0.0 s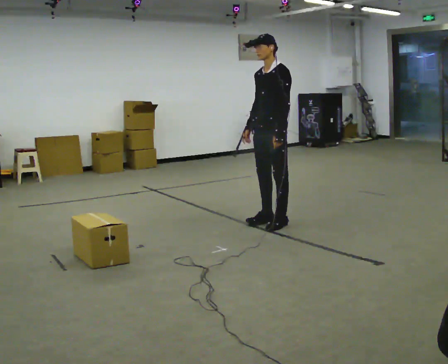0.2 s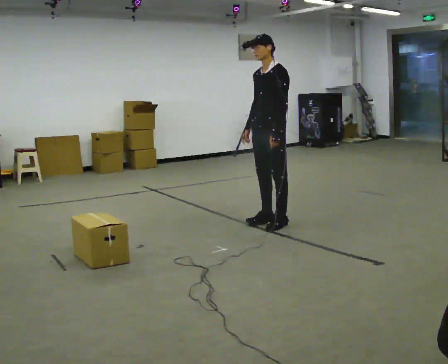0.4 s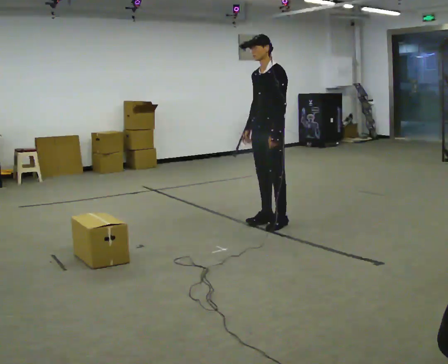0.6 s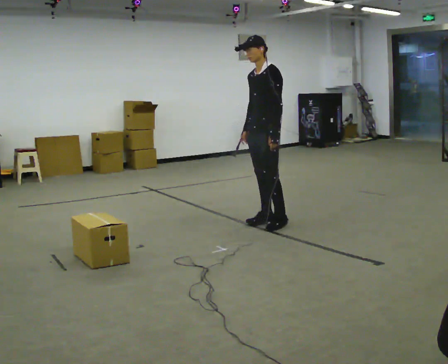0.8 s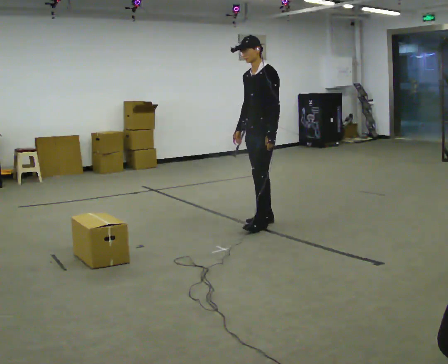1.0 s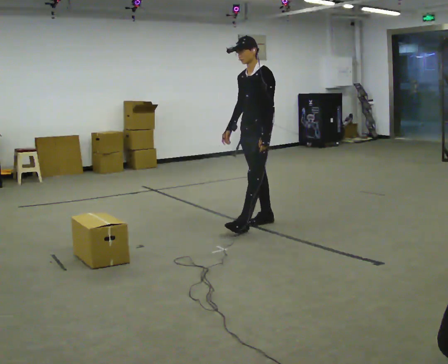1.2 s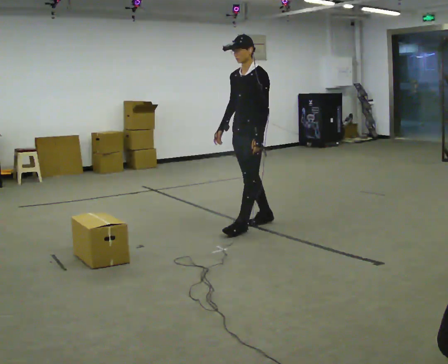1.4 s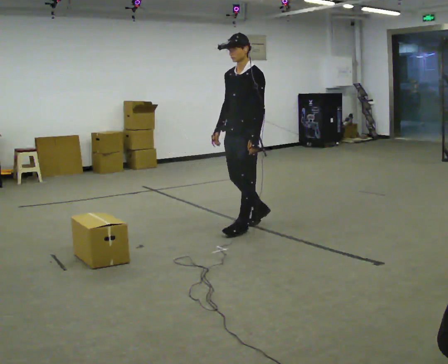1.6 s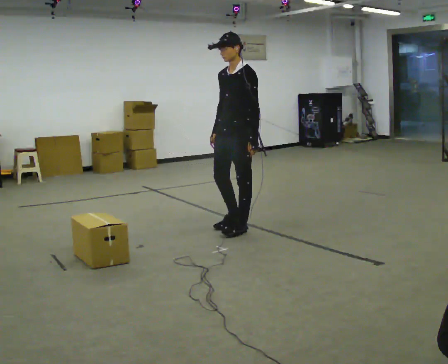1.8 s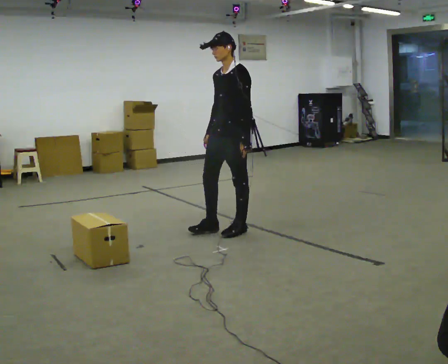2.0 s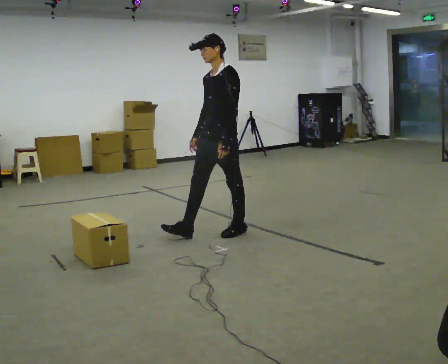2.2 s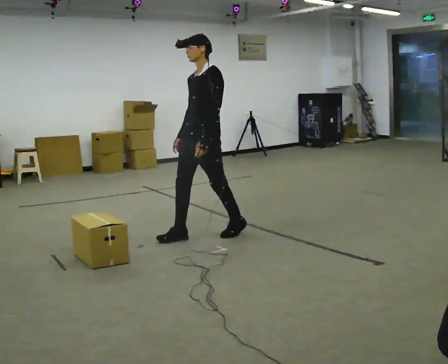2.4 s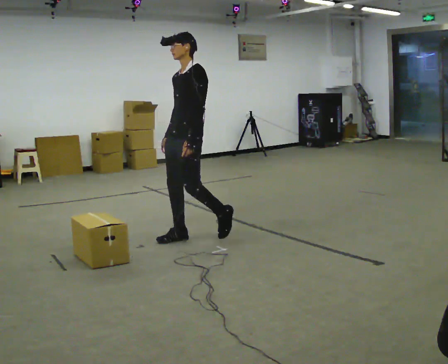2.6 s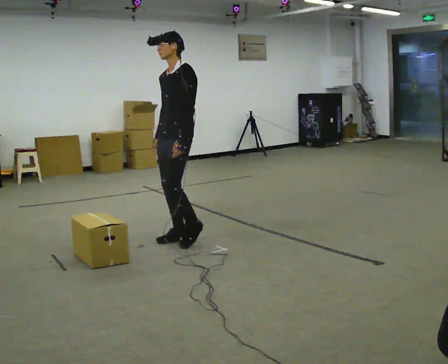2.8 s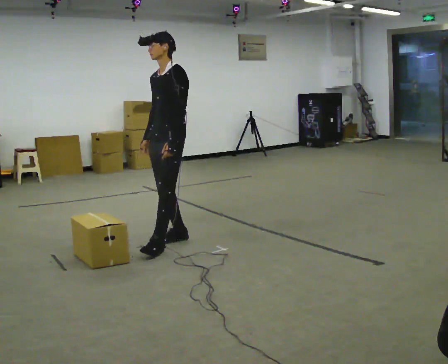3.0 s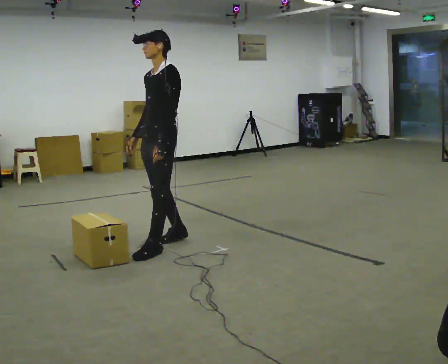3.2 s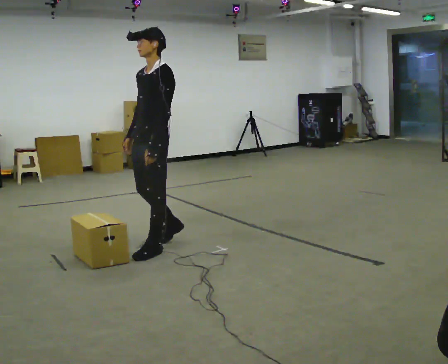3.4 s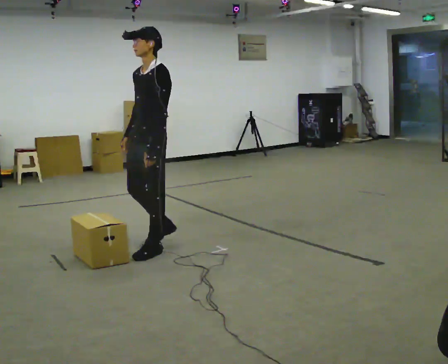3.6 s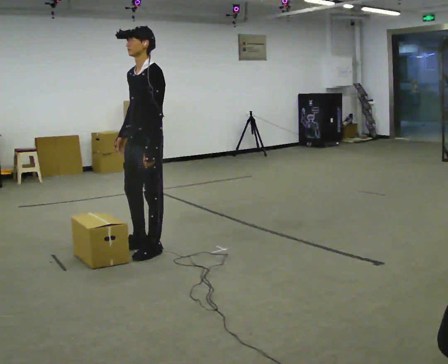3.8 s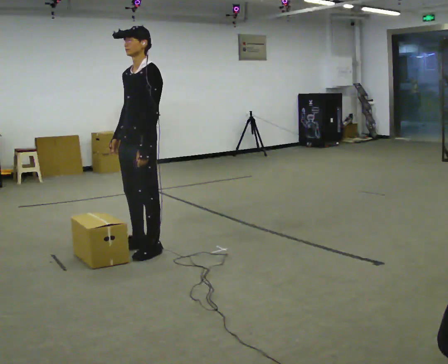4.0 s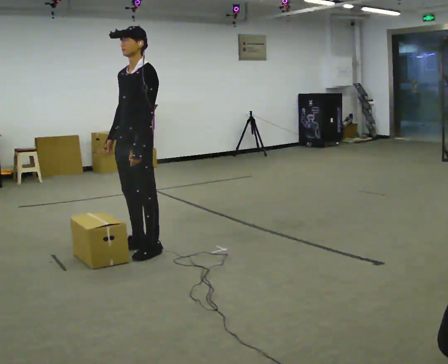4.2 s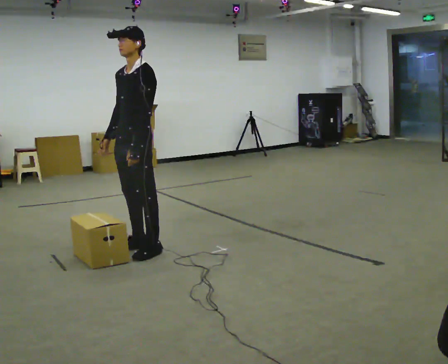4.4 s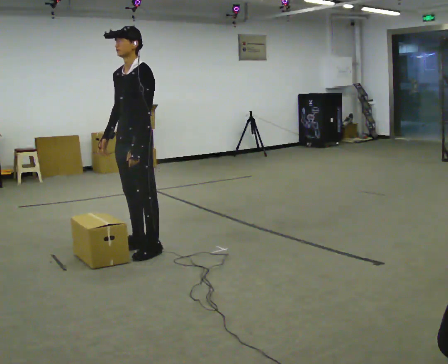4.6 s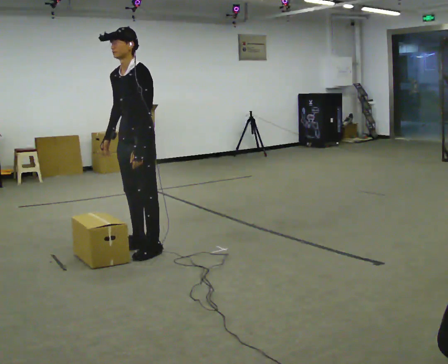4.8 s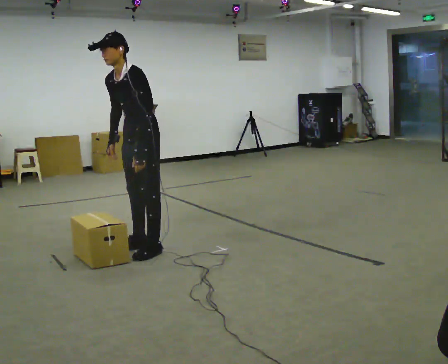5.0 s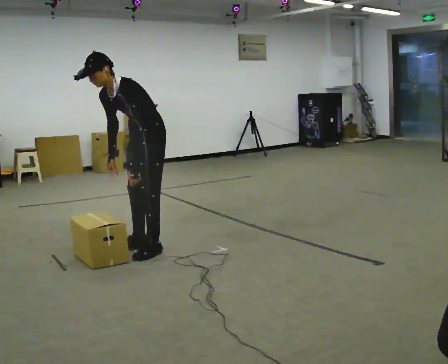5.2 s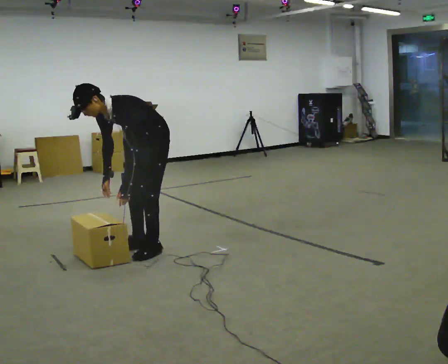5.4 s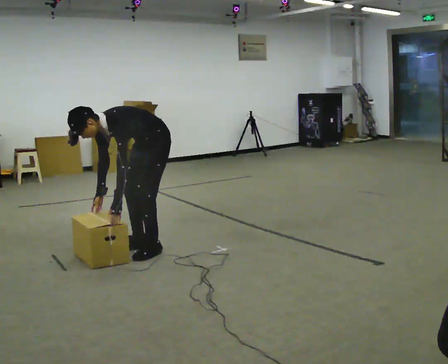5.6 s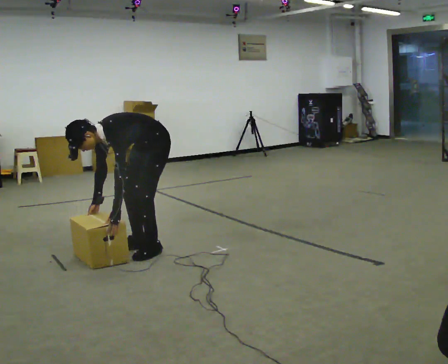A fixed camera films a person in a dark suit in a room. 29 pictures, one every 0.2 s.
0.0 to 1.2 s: In the picture they go to the left, about 0.25 m in 1 step, which for them is forward.
1.2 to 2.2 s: In the picture they go to the left and toward the camera, about 0.5 m in 2 steps, which for them is forward.
2.2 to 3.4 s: In the picture they go to the left and toward the camera, about 0.5 m in 1 step, which for them is forward.
3.4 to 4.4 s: The person moves a little, or ends about where they began.
4.4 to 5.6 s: The shoulders move downward. In the picture the upper body tilts counterclockwise, shoulders to the left, as they bend forward. In the picture their right hand goes downward.
The film runs backward here.
